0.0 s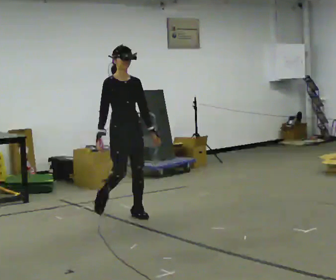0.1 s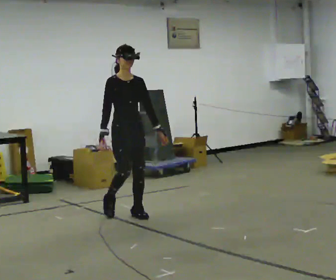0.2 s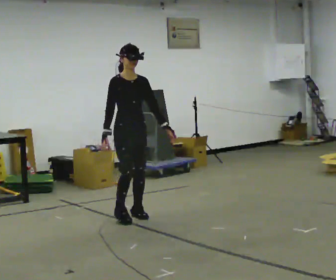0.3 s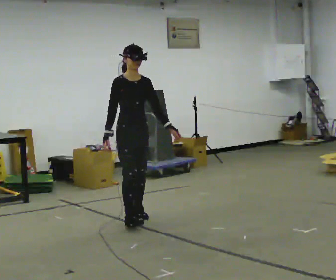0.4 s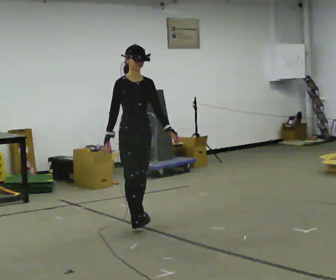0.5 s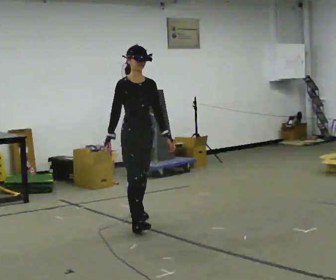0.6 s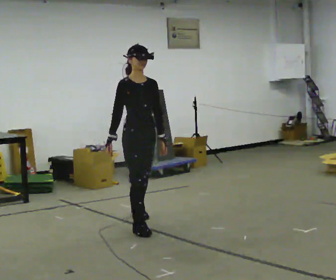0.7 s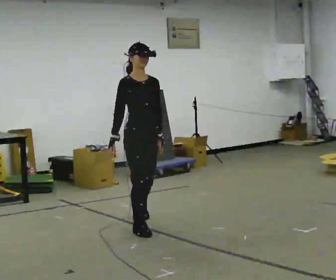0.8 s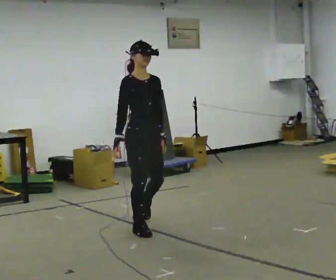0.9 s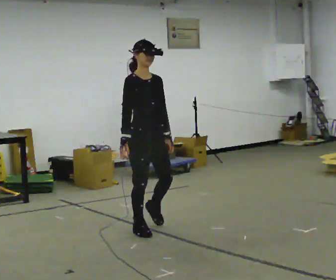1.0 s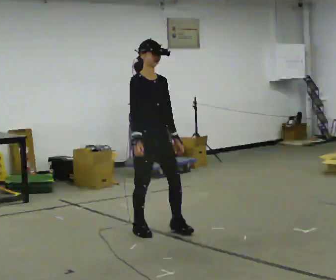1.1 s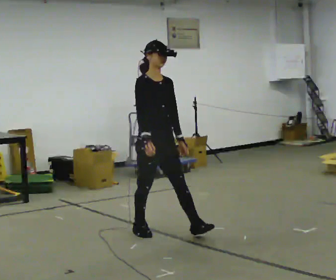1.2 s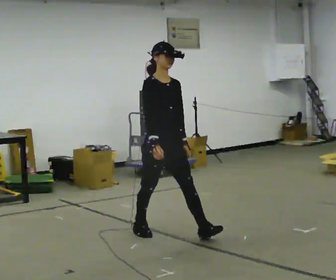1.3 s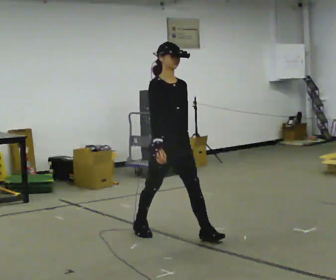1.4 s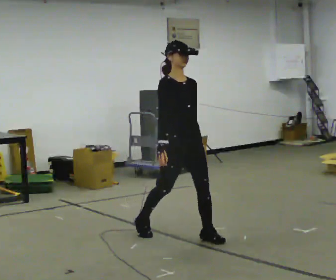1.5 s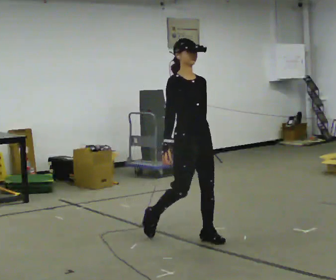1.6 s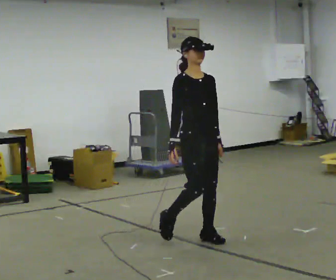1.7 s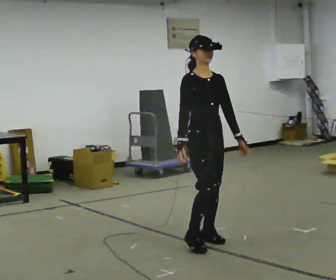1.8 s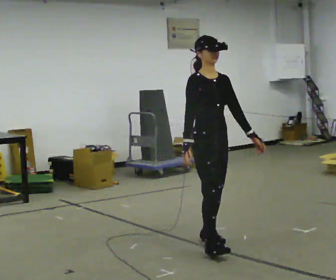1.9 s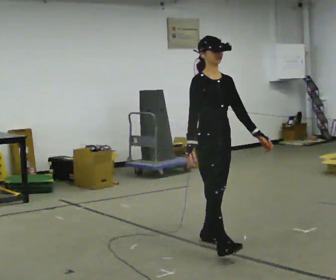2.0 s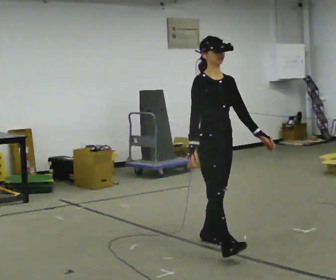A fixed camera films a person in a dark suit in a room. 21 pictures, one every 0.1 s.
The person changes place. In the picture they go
toward the camera.
0.0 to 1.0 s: In the picture they go toward the camera, about 0.75 m in 1 step, which for them is forward.
1.0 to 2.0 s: In the picture they go toward the camera and to the right, about 0.5 m in 1 step, which for them is forward.
The film runs forward here.
